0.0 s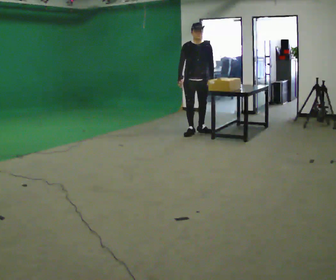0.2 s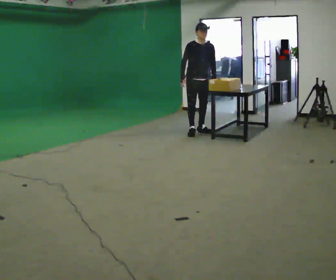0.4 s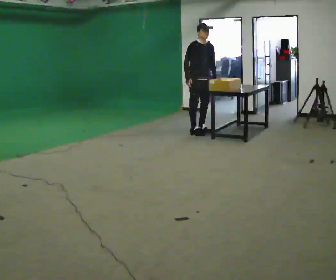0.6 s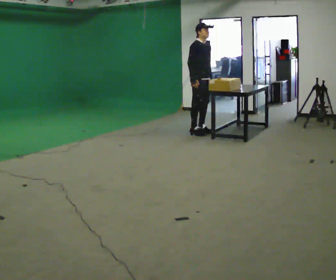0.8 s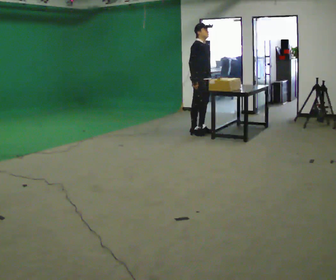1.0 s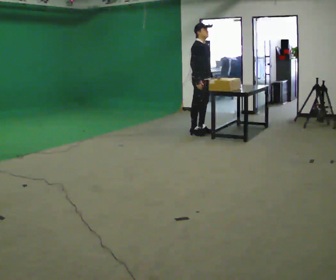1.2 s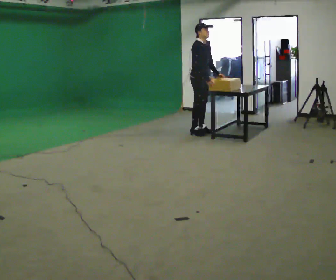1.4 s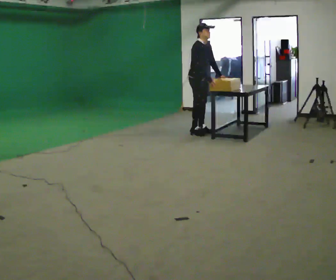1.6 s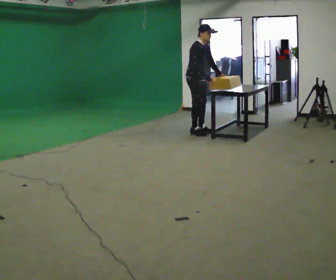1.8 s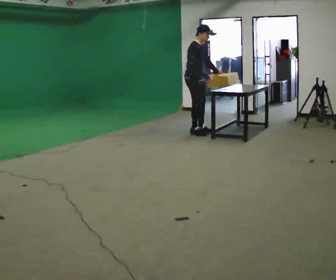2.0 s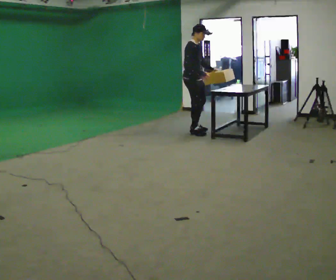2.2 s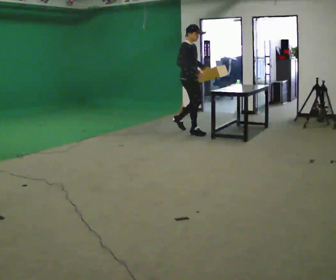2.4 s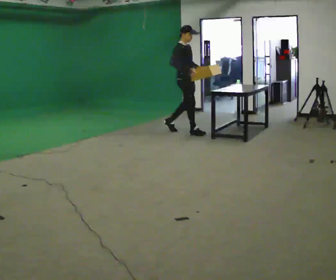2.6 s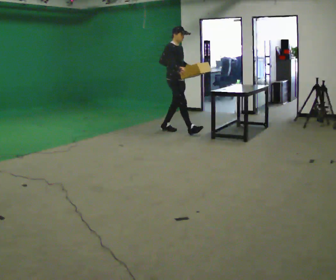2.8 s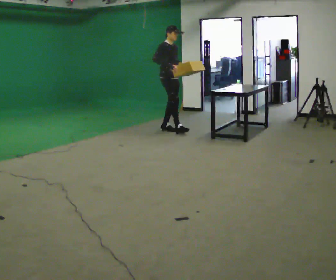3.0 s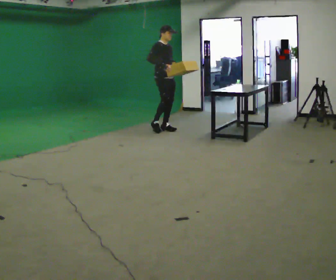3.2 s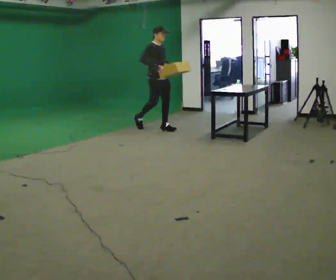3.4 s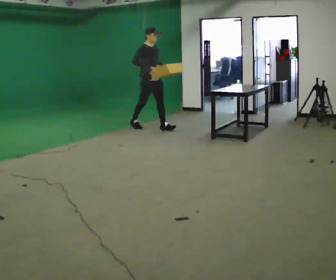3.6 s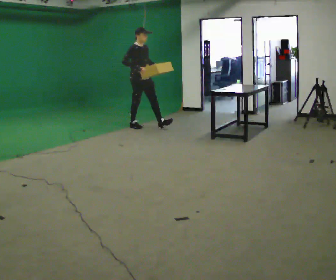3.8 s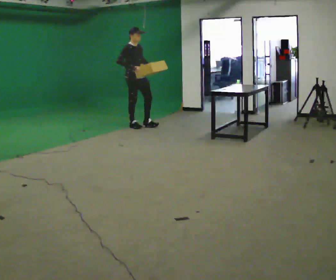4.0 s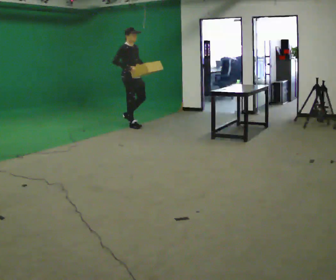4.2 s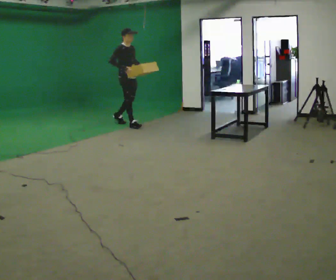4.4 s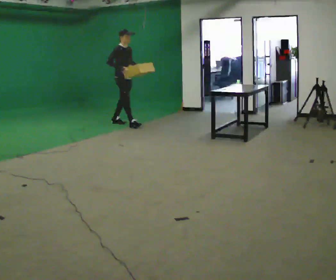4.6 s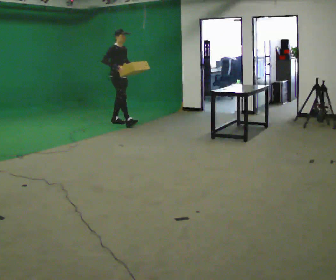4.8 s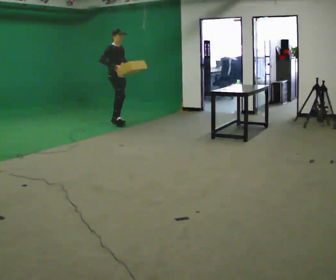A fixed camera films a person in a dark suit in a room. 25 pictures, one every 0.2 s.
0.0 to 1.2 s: The part of the body nearest the lens slides to the right as the person turns to their left by about 60 degrees. In the picture their right hand goes to the right.
1.2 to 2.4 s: In the picture they go to the left, about 0.25 m in 1 step, which for them is backward.
2.4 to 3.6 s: In the picture they go to the left and away from the camera, about 1 m in 2 steps, which for them is backward.
3.6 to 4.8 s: In the picture they go to the left and away from the camera, about 0.75 m in 1 step, which for them is backward.
The film runs backward here.
